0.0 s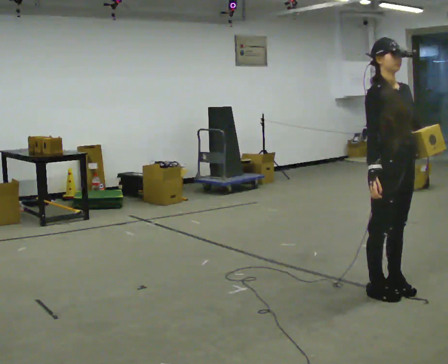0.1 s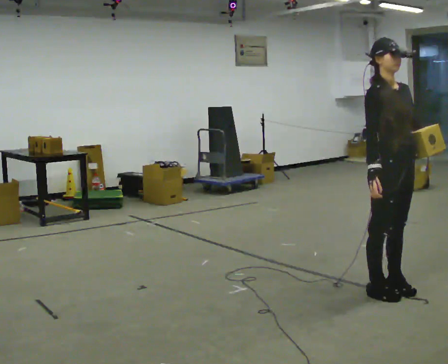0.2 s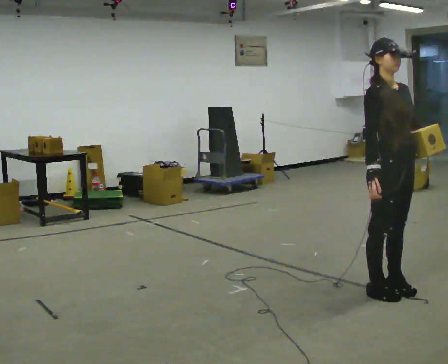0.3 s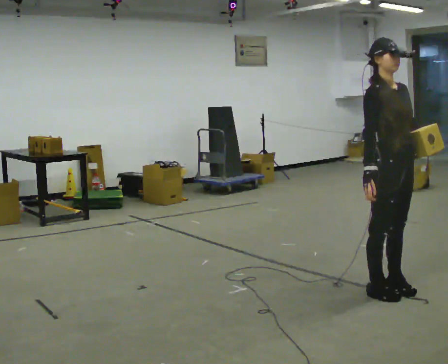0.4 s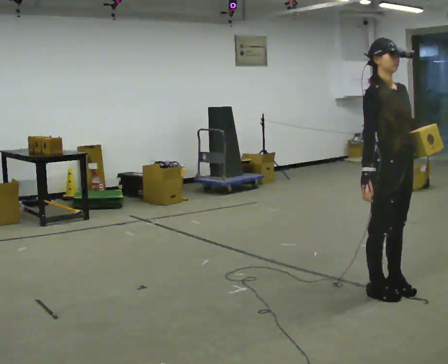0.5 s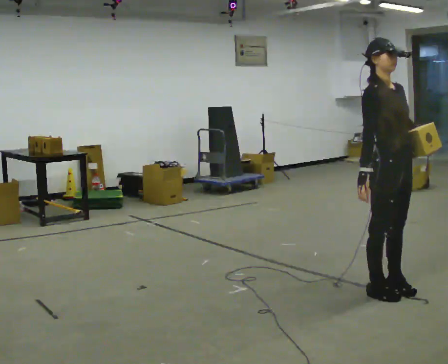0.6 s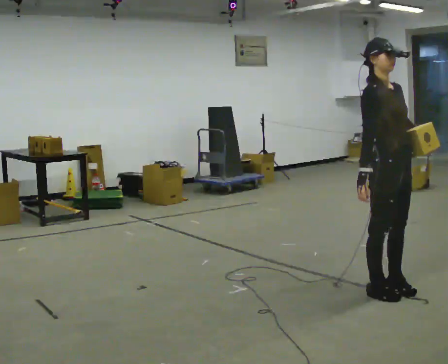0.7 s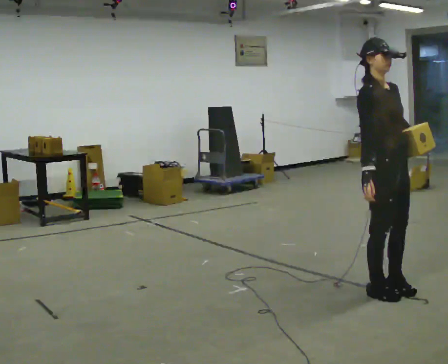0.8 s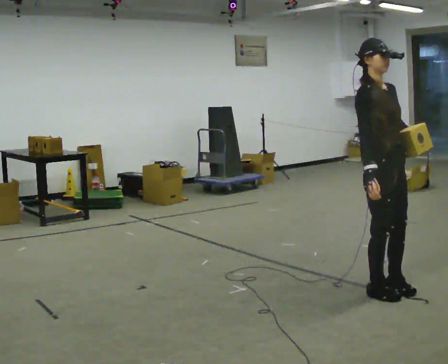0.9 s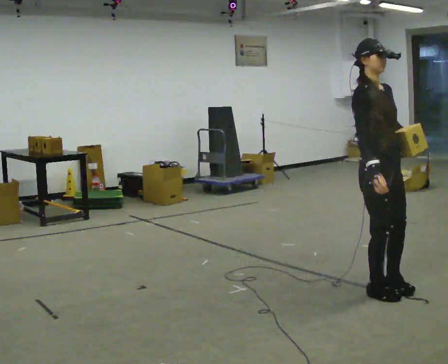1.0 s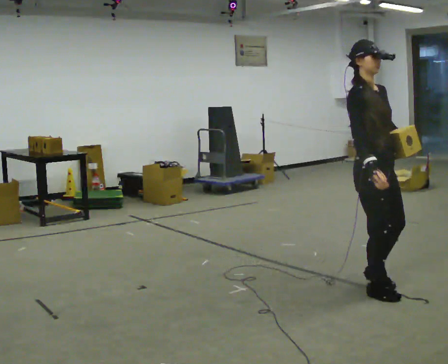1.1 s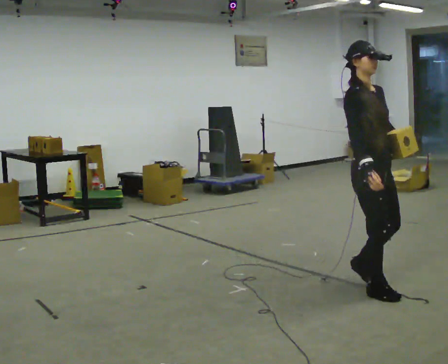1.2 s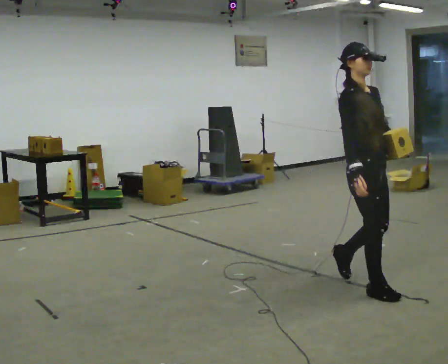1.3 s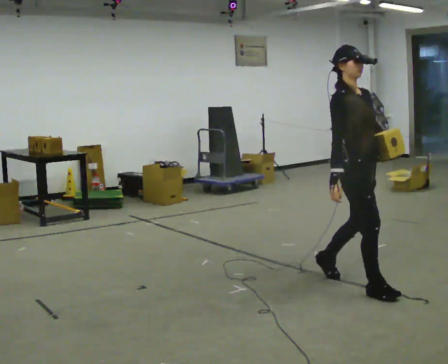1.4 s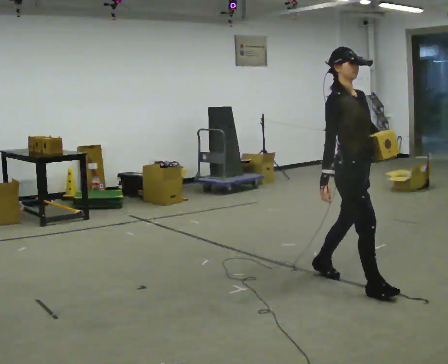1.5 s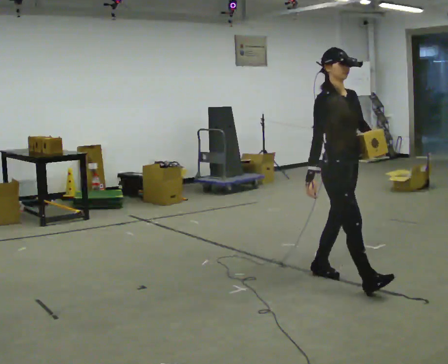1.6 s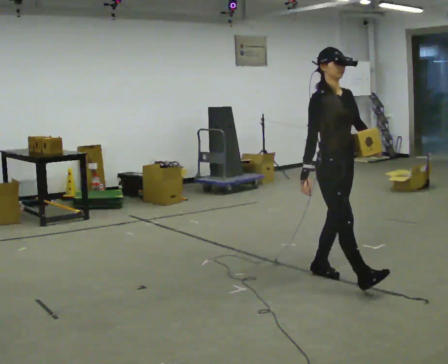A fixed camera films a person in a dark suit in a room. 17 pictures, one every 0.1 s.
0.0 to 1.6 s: In the picture they go away from the camera and to the left, about 0.5 m in 2 steps, which for them is backward.
The film runs backward here.
